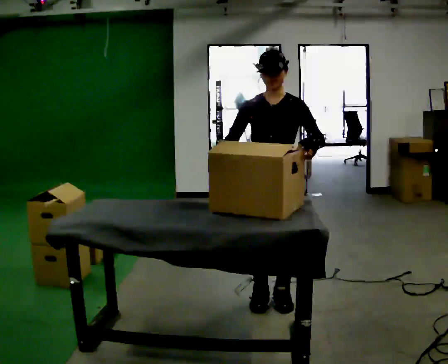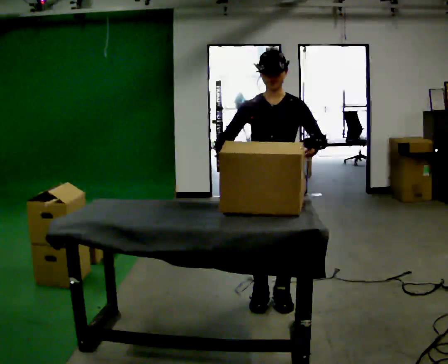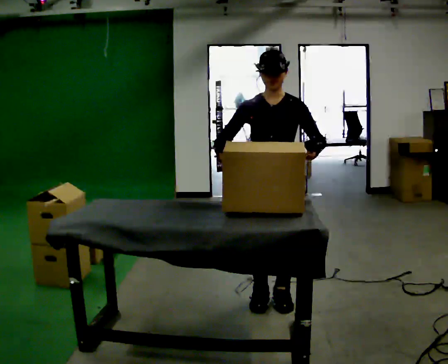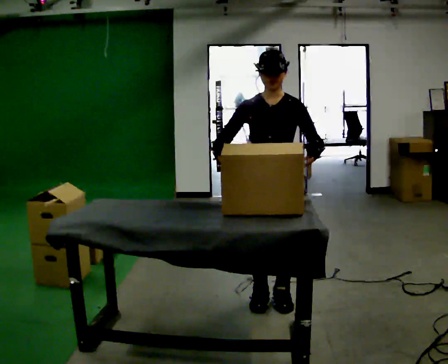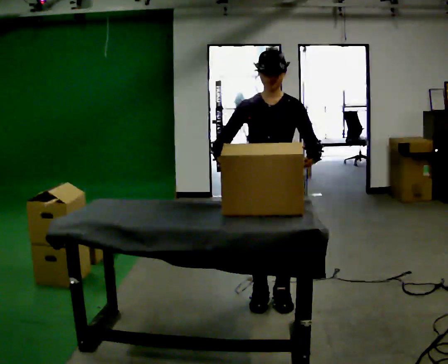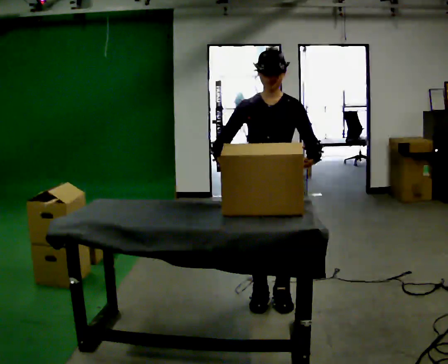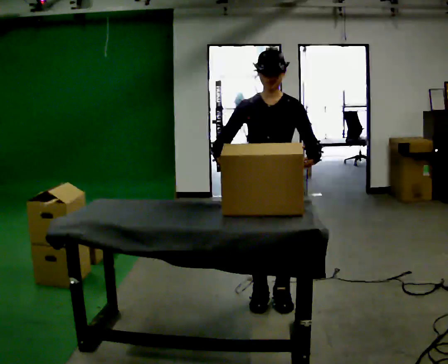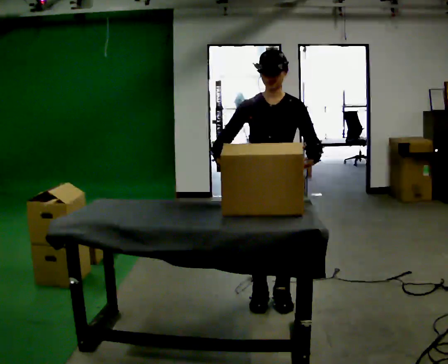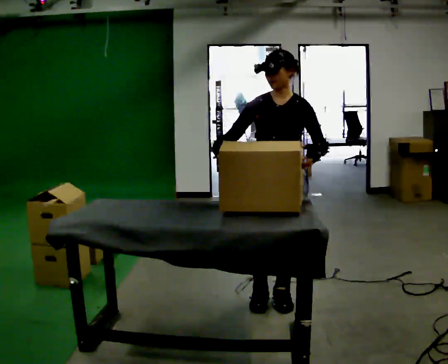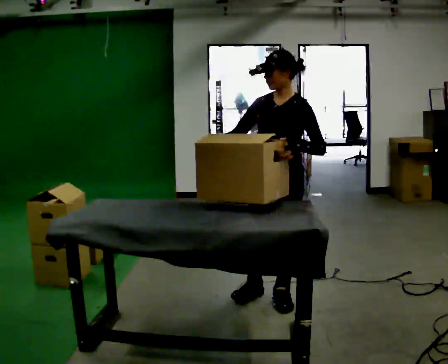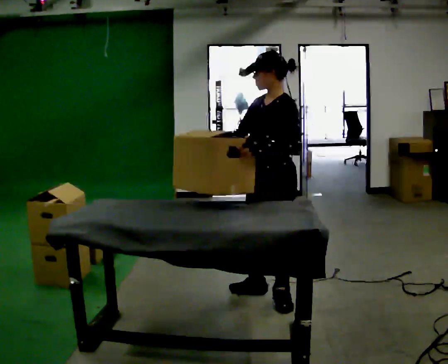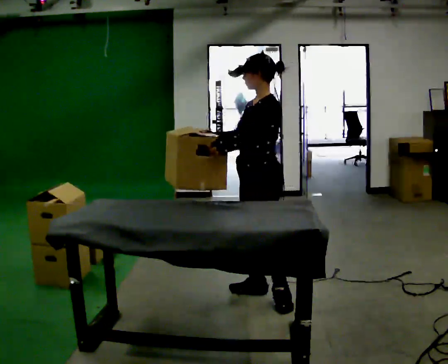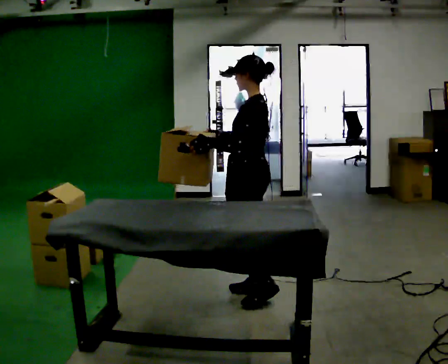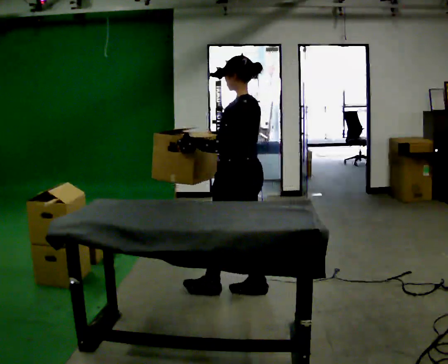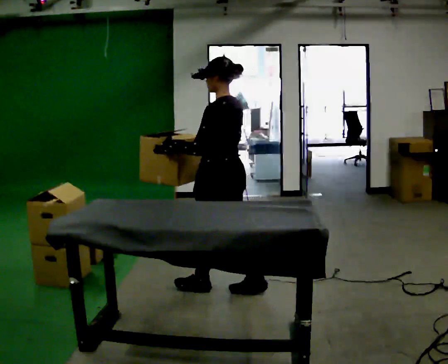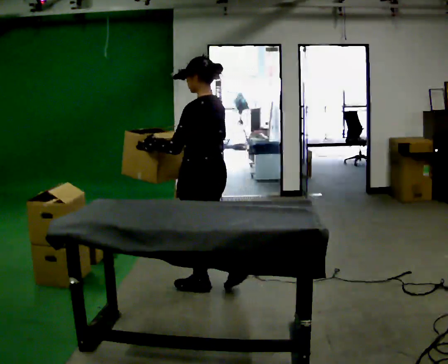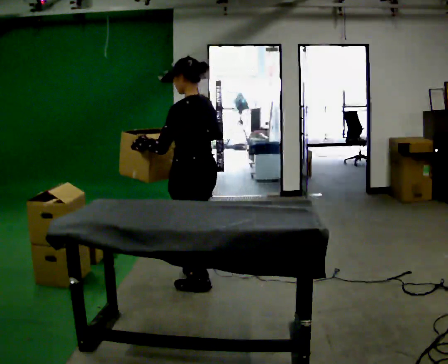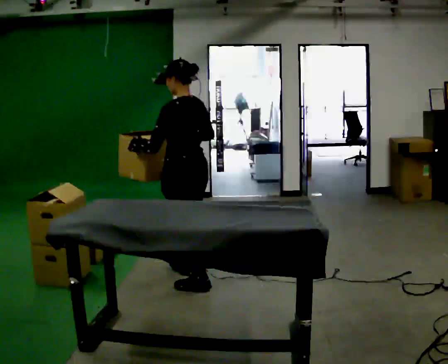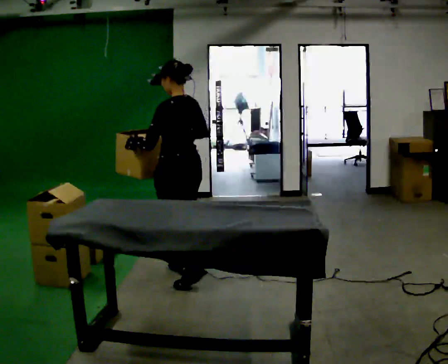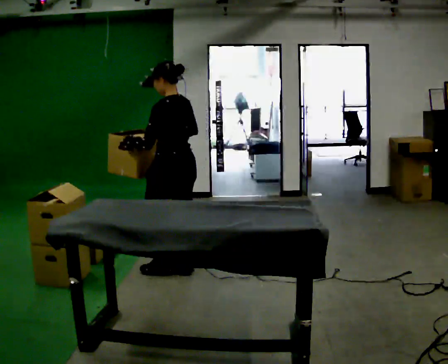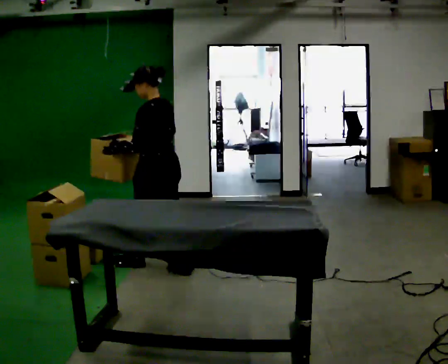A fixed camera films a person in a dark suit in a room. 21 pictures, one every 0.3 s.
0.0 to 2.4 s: The person moves a little, or ends about where they began.
2.4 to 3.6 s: The person turns about 75 degrees to their right, clockwise seen from above, so the part of the body nearest the lens slides to the left. In the picture they go away from the camera and to the left, about 0.25 m.
3.6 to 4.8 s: The person turns about 30 degrees to their right, clockwise seen from above, so the part of the body nearest the lens slides to the left. In the picture they go to the left, about 0.25 m in 1 step, which for them is forward.
4.8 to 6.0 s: In the picture they go to the left and away from the camera, about 0.5 m in 2 steps, which for them is forward.
The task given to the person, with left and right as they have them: Take an object off the waist-height shelf, carry it across the room, and set it down on the floor. Keep going until the operator says stop; one object at a time, and do not rush between trips.
The film runs forward here.
